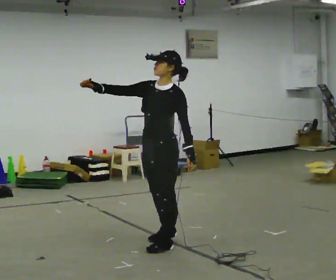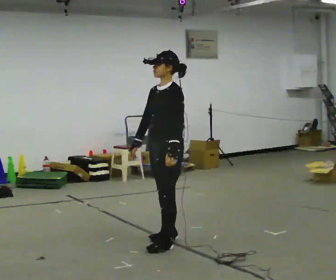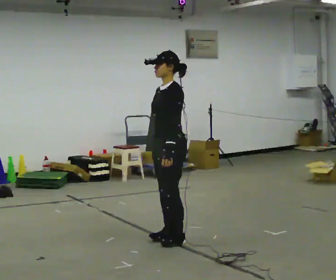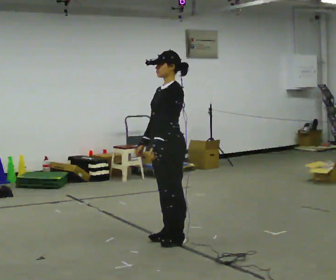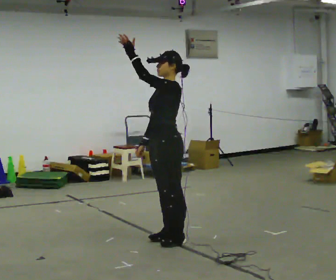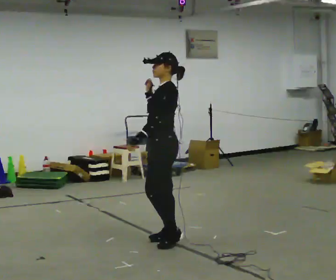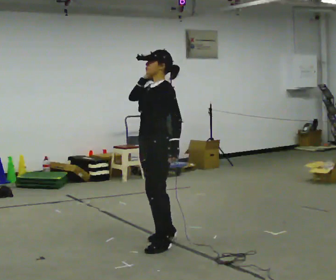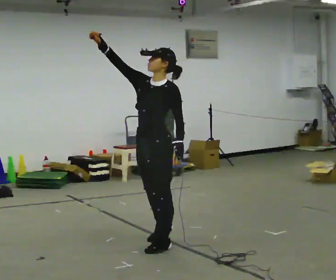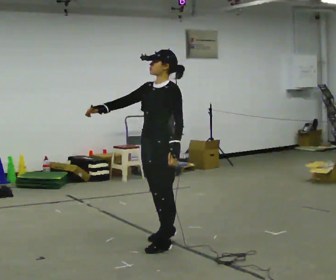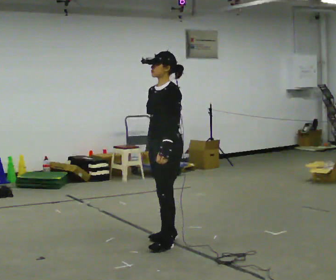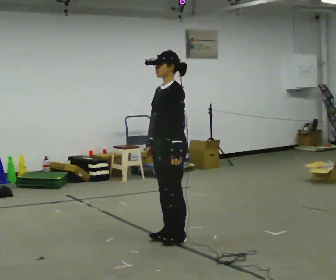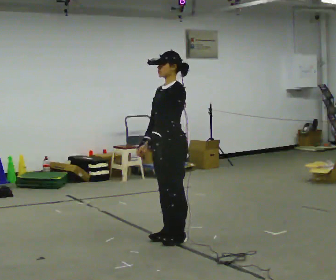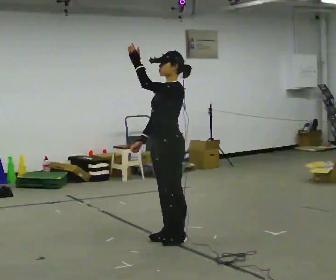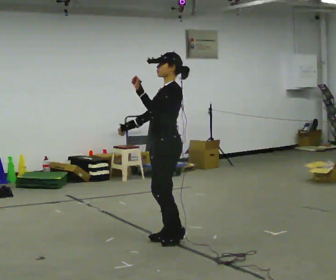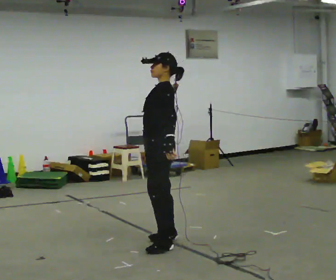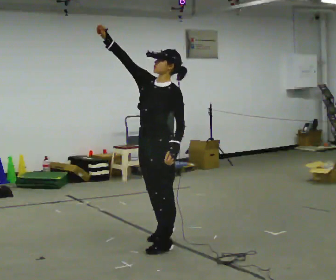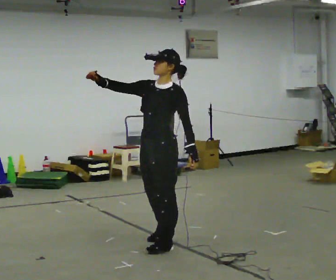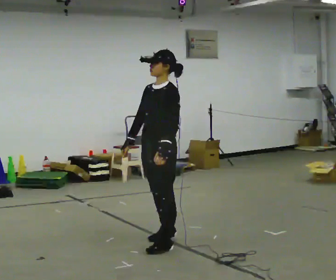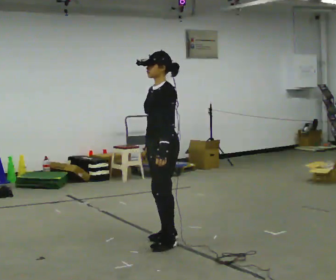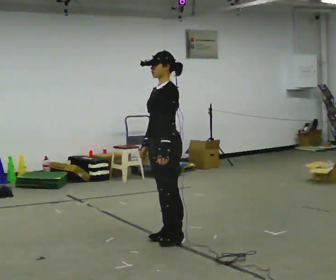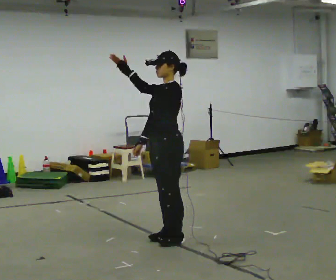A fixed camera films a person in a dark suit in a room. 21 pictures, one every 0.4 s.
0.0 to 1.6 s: In the picture their left hand goes upward and to the left, the arm swinging clockwise.
1.6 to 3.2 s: In the picture their left hand goes downward and to the right, the arm swinging counterclockwise.
3.2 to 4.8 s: In the picture they go away from the camera, about 0.25 m in 1 step, which for them is backward. In the picture their left hand goes upward and to the left, the arm swinging clockwise.
4.8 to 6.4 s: In the picture they go toward the camera, about 0.25 m in 1 step, which for them is to their left. In the picture their left hand goes downward and to the right, the arm swinging counterclockwise.
6.4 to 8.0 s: In the picture they go away from the camera, about 0.25 m in 1 step, which for them is to their right and backward. In the picture their left hand goes upward and to the left, the arm swinging clockwise.
The film runs forward here.
